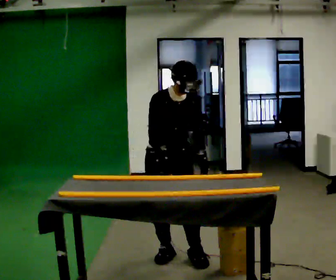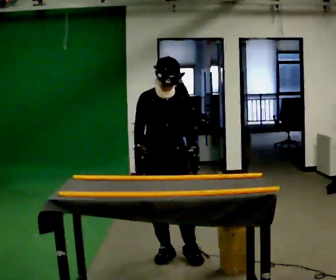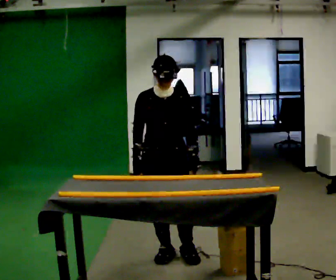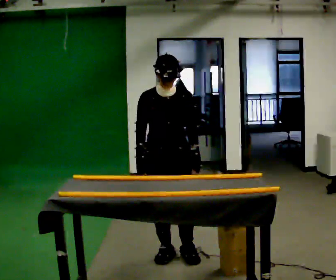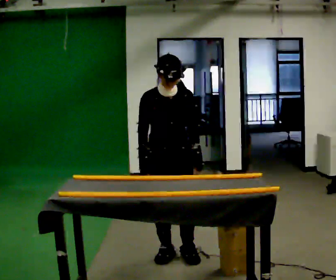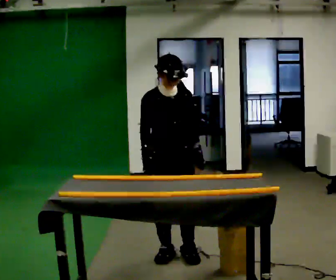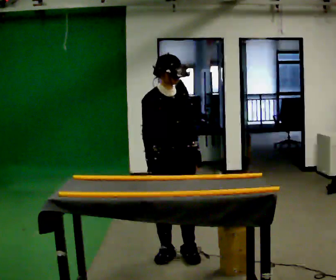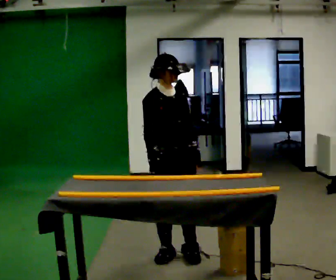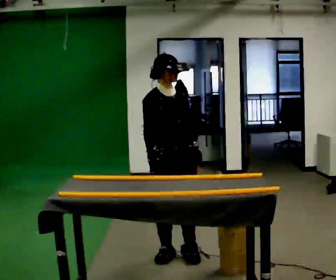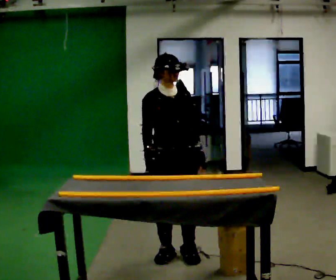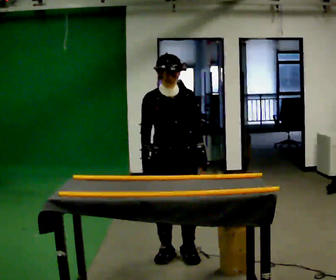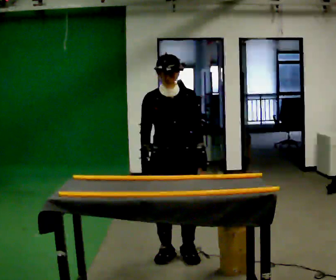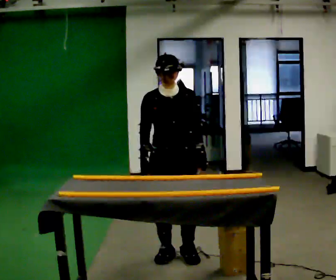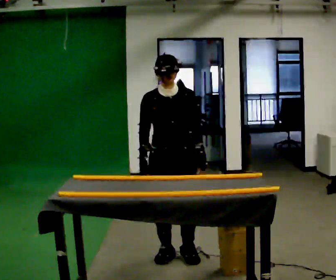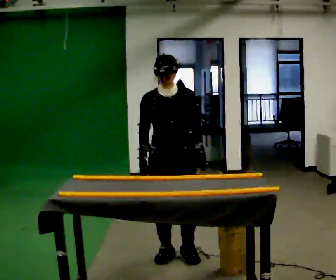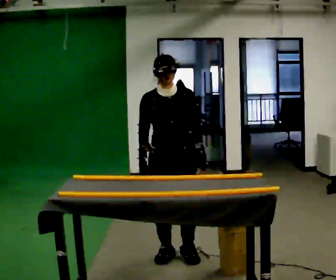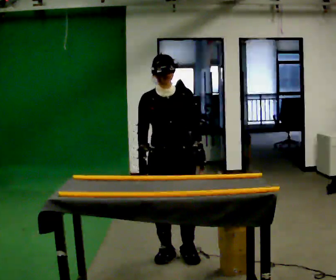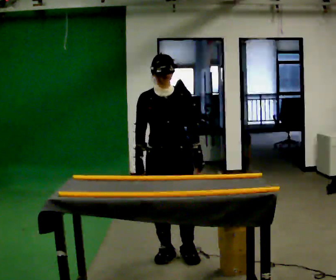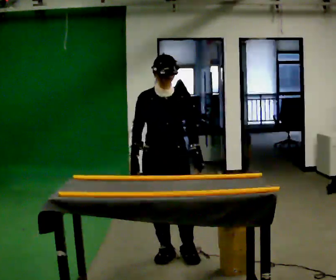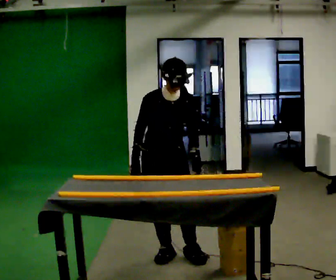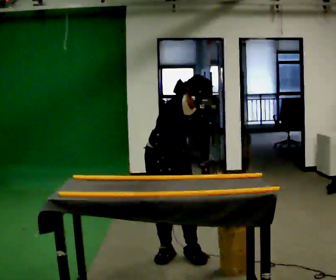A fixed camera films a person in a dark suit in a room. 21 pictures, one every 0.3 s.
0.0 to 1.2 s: The person moves a little, or ends about where they began.
1.2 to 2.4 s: The part of the body nearest the lens slides to the right as the person turns to their left by about 30 degrees.
2.4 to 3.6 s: The person turns about 30 degrees to their right, clockwise seen from above, so the part of the body nearest the lens slides to the left.
3.6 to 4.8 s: The person moves a little, or ends about where they began.
4.8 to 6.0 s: The upper body tips toward the camera, its near side rolling downward, as they bend forward.
The film runs backward here.
